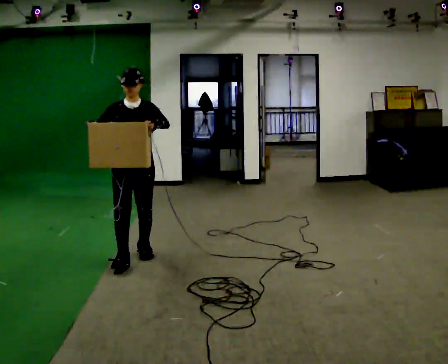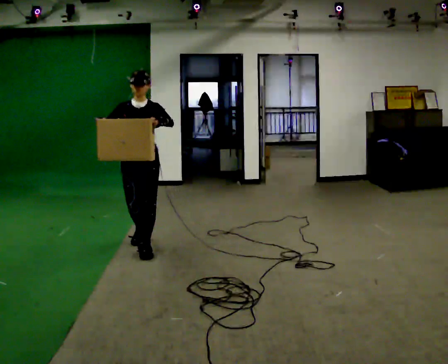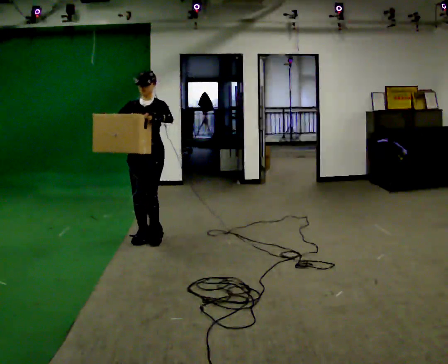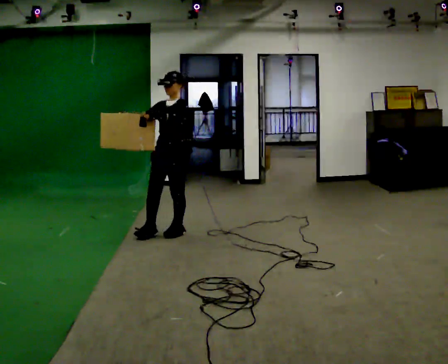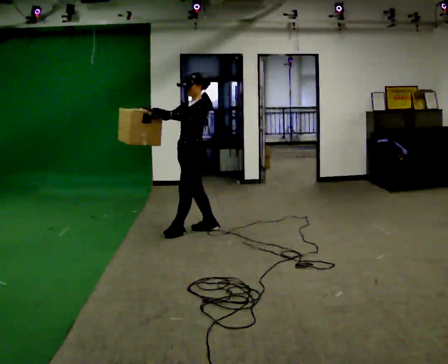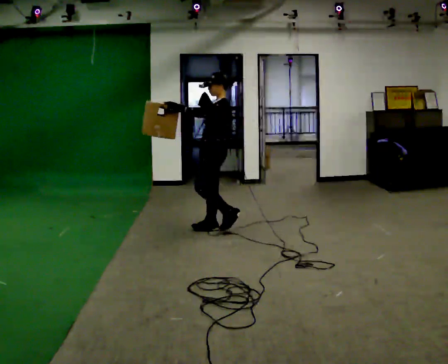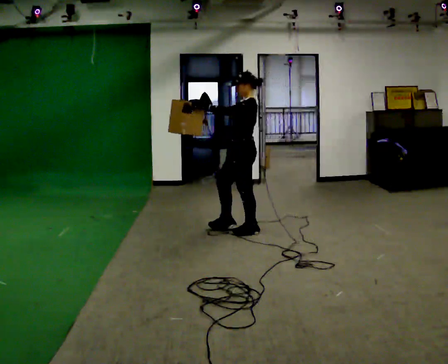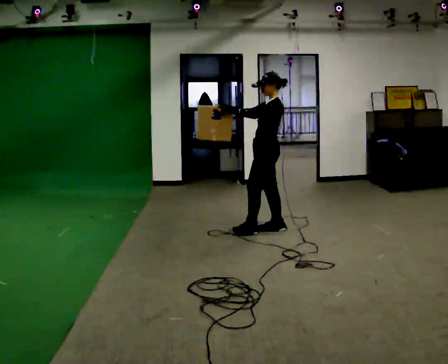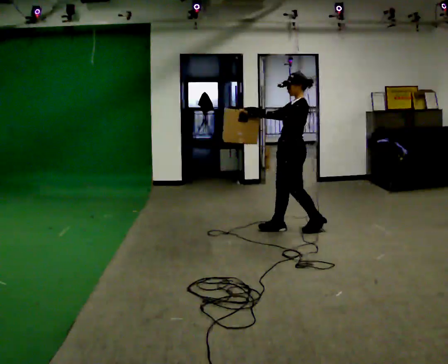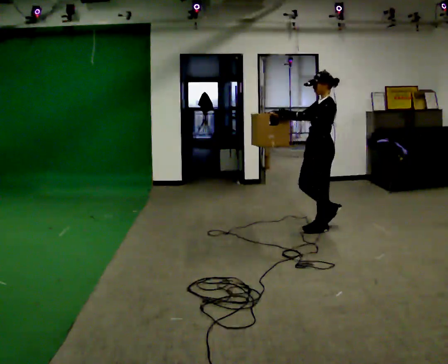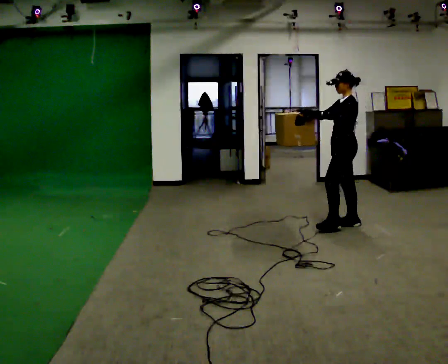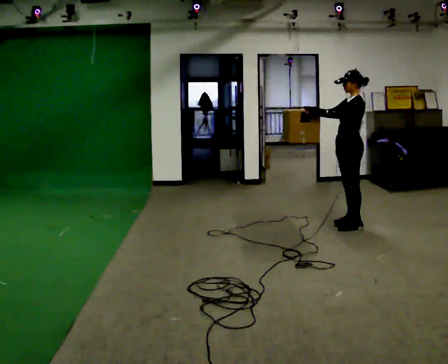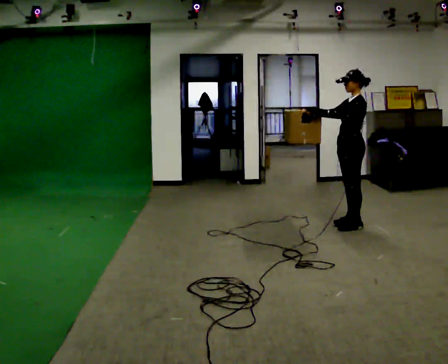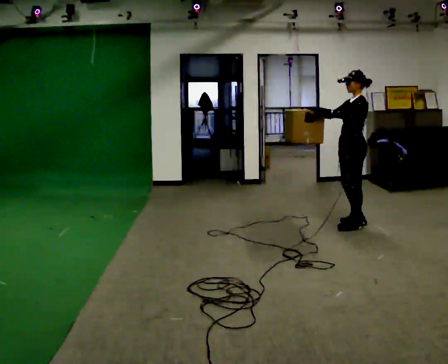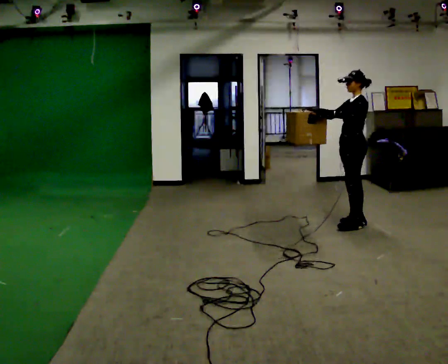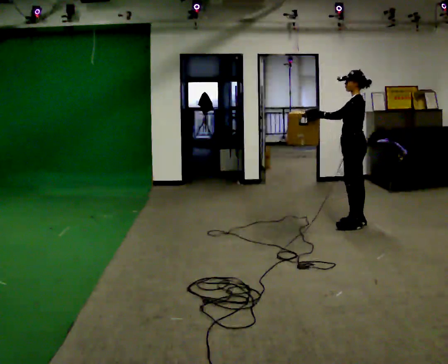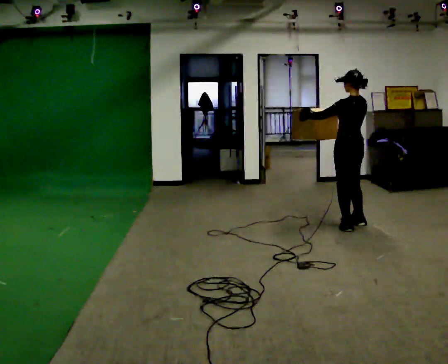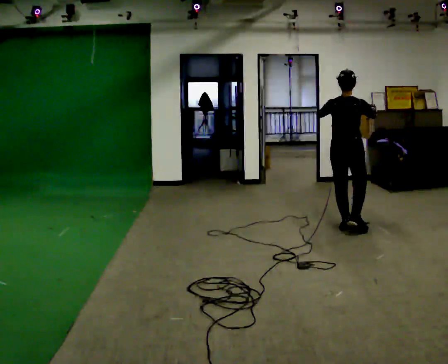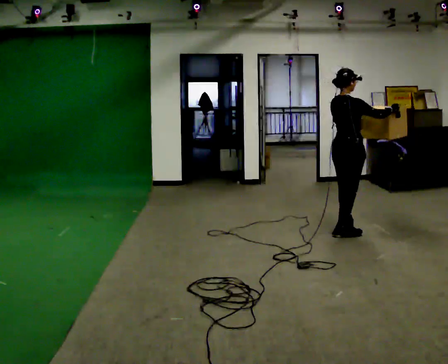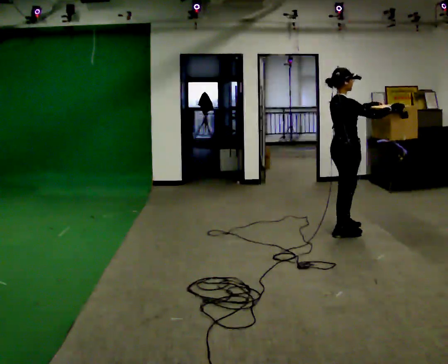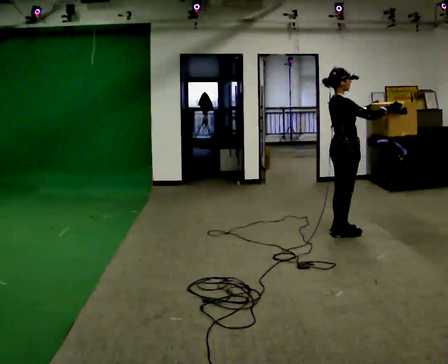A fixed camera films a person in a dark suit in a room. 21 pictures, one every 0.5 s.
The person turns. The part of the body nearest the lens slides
to the left.
The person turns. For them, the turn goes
to their right.
0.0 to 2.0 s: The person turns about 75 degrees to their right, clockwise seen from above, so the part of the body nearest the lens slides to the left. In the picture they go away from the camera, about 1 m in 3 steps.
2.0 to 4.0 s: In the picture they go to the right and away from the camera, about 1 m in 3 steps, which for them is backward.
4.0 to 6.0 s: In the picture they go to the right and away from the camera, about 0.5 m in 2 steps, which for them is backward.
6.0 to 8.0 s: The person turns about 60 degrees to their right, clockwise seen from above, so the part of the body nearest the lens slides to the left.
8.0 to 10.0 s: The part of the body nearest the lens slides to the left as the person turns to their right by about 120 degrees. In the picture they go toward the camera, about 0.25 m in 2 steps.
The film runs backward here.
